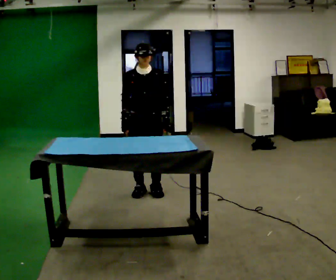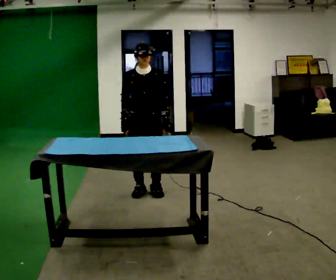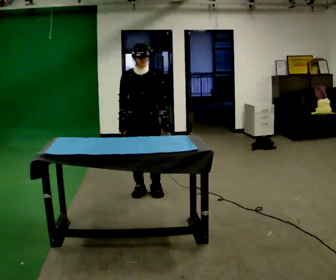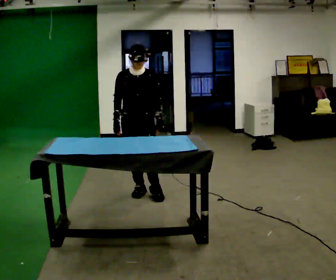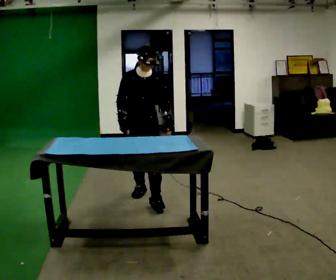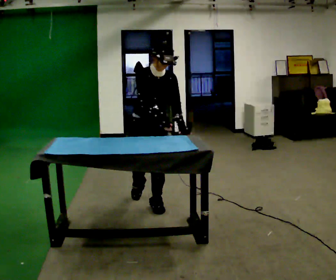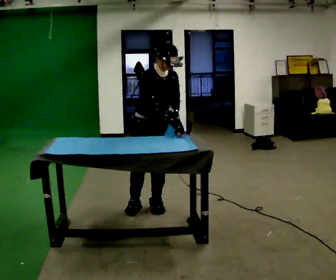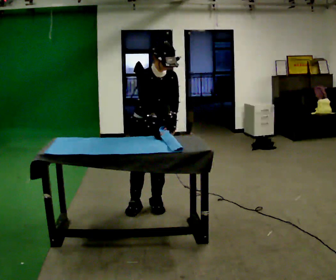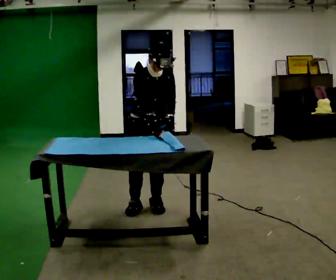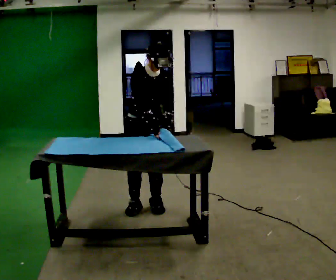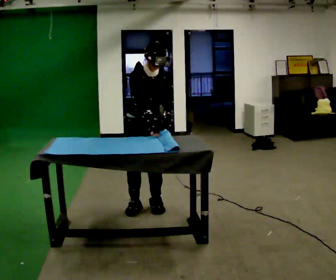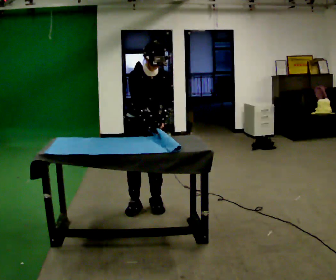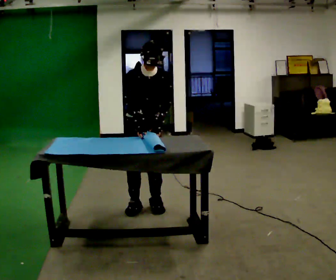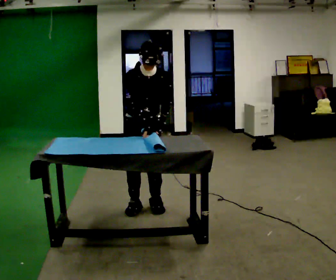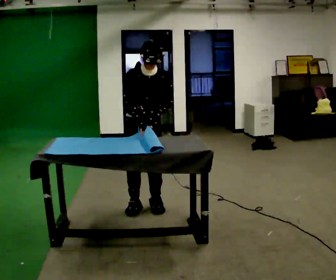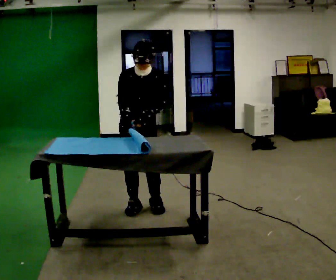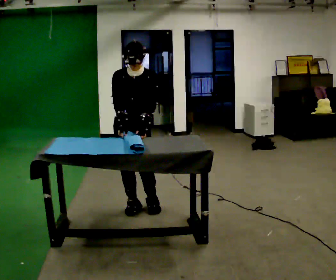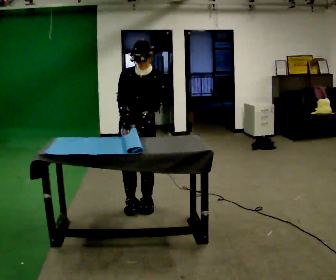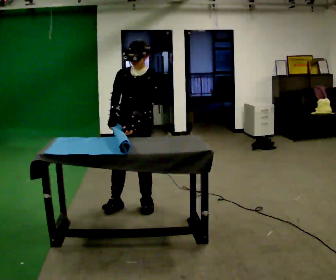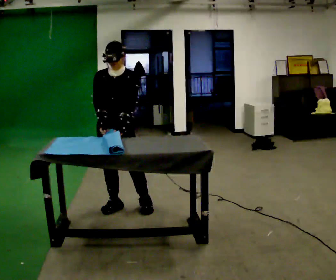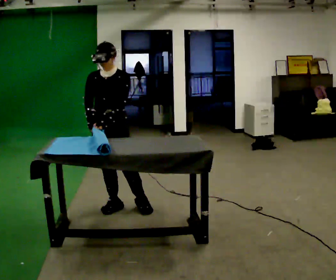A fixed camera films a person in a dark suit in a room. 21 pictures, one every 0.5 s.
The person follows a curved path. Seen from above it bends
clockwise.
0.0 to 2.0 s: In the picture they go toward the camera, about 0.25 m in 1 step, which for them is forward.
2.0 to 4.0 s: In the picture they go toward the camera, about 0.25 m in 1 step, which for them is forward.
4.0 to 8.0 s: The person turns about 30 degrees to their right, clockwise seen from above, so the part of the body nearest the lens slides to the left.
8.0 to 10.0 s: In the picture they go to the left, about 0.25 m, which for them is to their right. In the picture their left hand goes to the left.
The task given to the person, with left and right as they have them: Roll the mat up from one end, then unroll it again. Repeat at your own pace until the operator says stop.
The film runs forward here.
